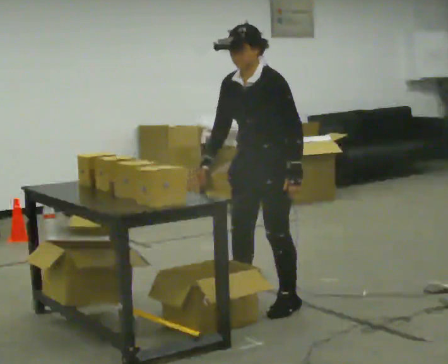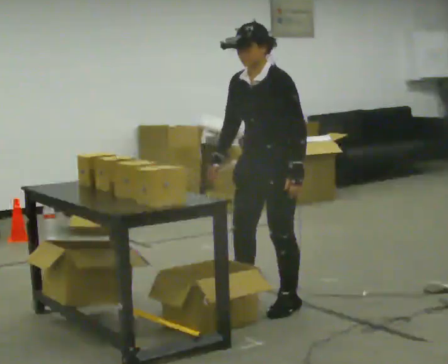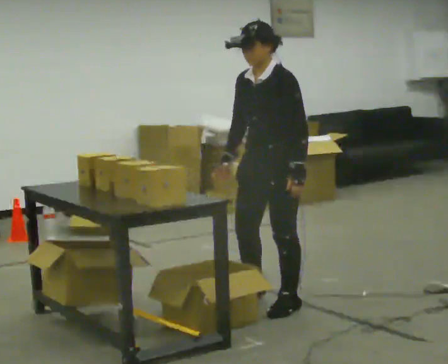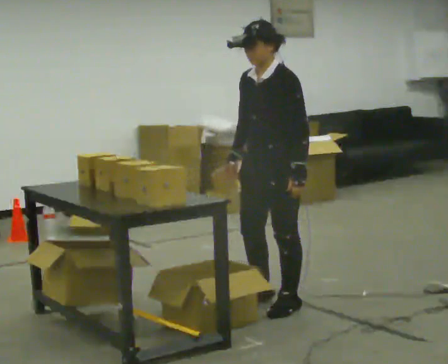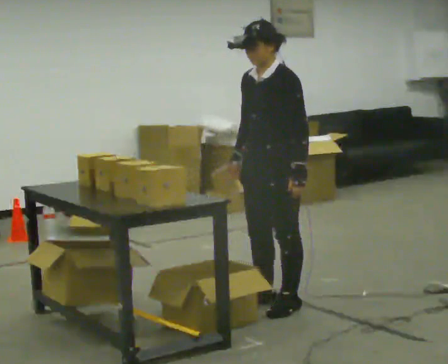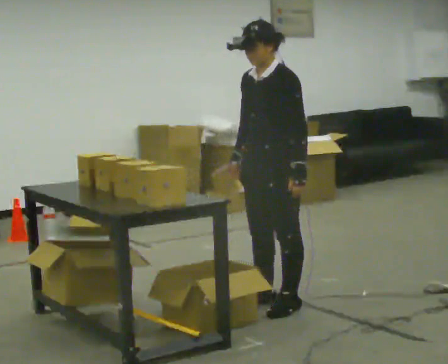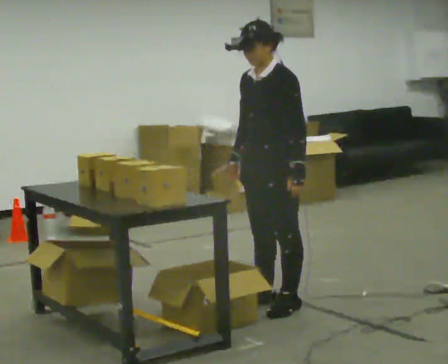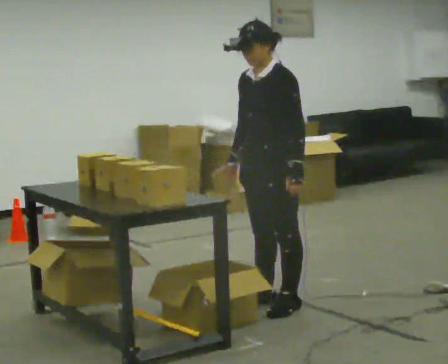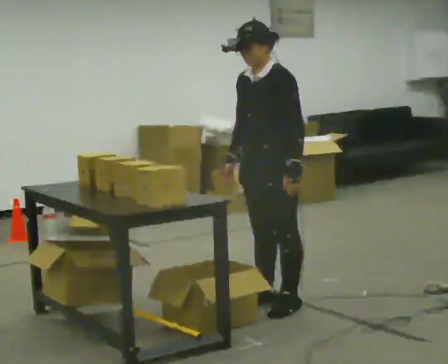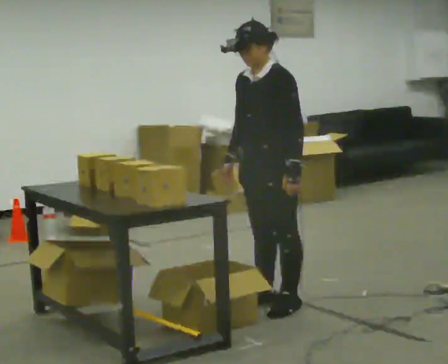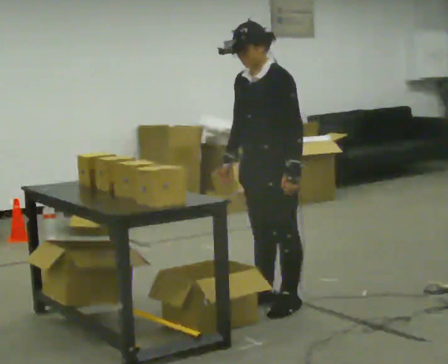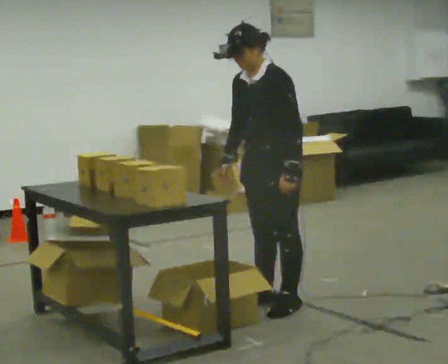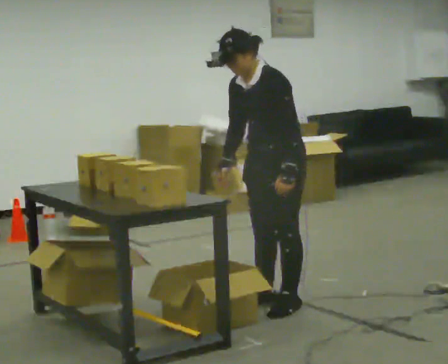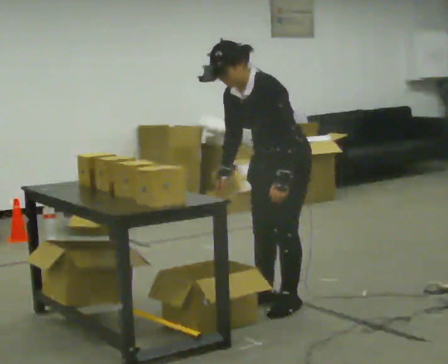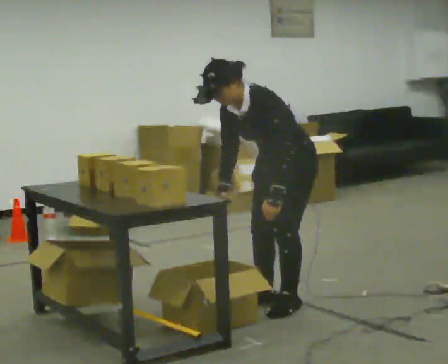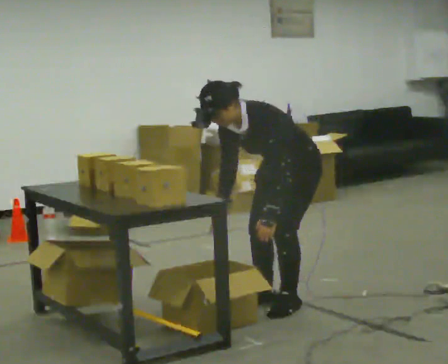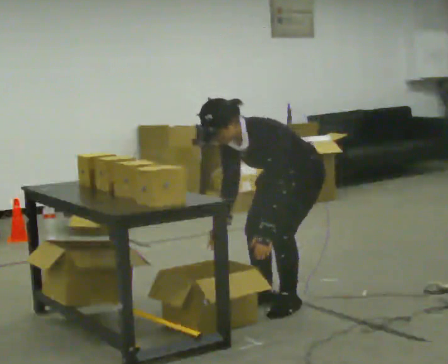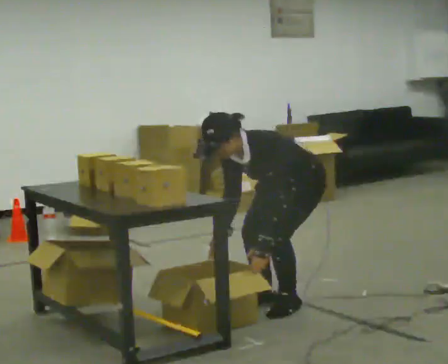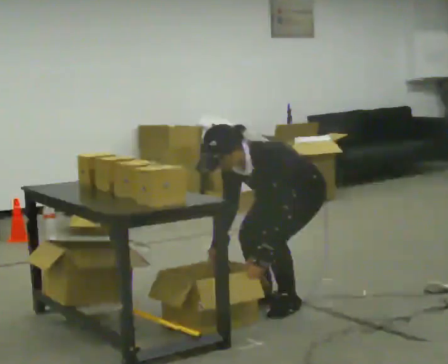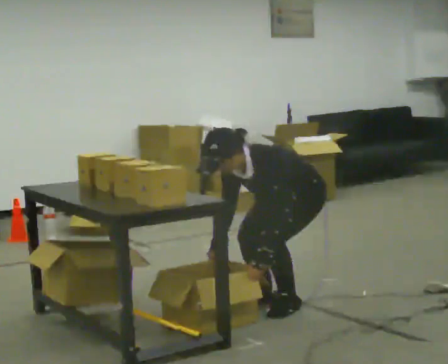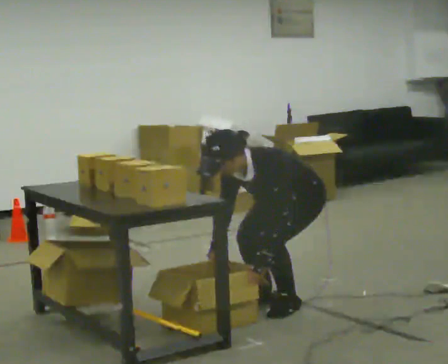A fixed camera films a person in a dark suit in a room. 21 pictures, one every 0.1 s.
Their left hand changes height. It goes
downward.
Their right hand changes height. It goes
downward.
0.0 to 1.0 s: The person moves a little, or ends about where they began.
1.0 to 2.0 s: The shoulders move downward. The upper body tips toward the camera, its near side rolling downward, as they bend forward. In the picture their right hand goes downward.
The film runs forward here.
